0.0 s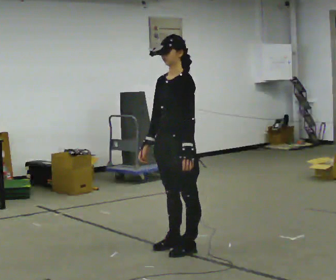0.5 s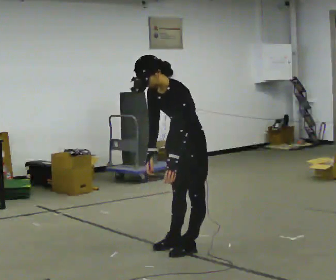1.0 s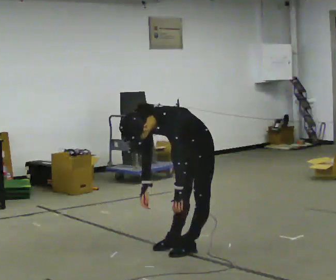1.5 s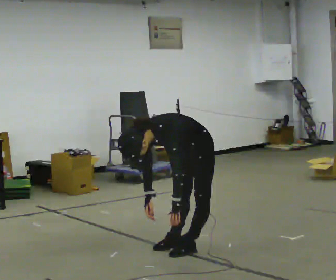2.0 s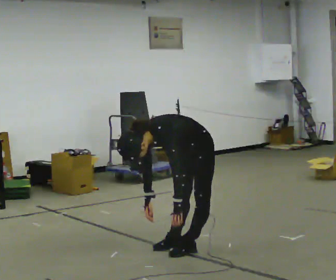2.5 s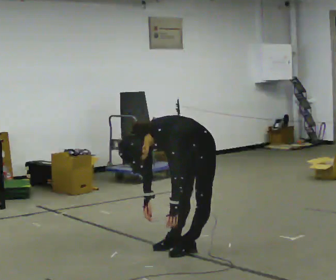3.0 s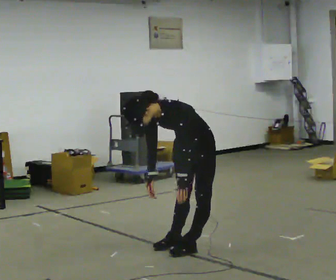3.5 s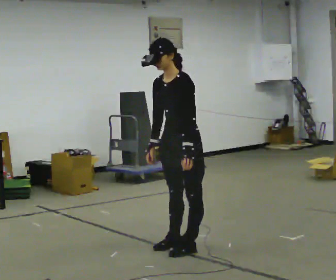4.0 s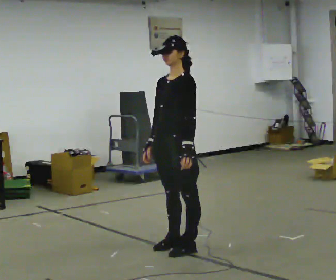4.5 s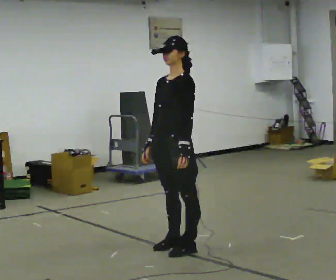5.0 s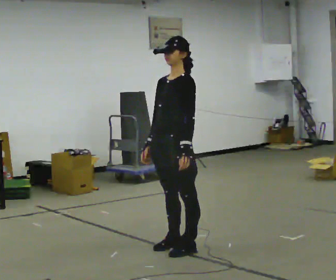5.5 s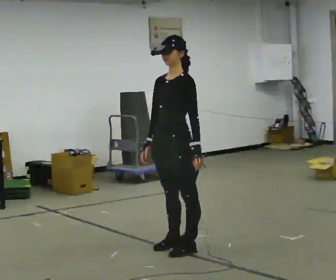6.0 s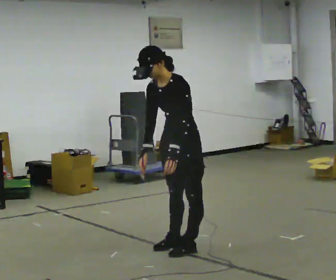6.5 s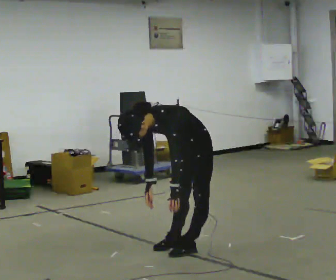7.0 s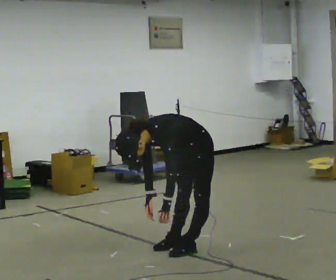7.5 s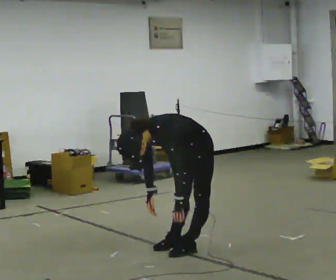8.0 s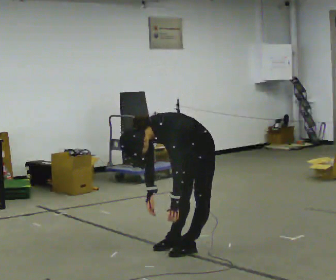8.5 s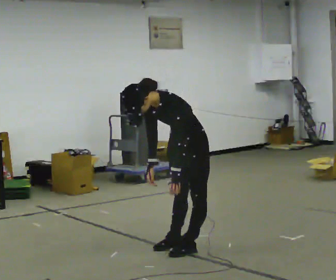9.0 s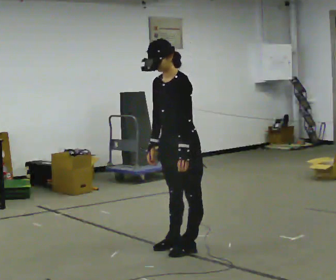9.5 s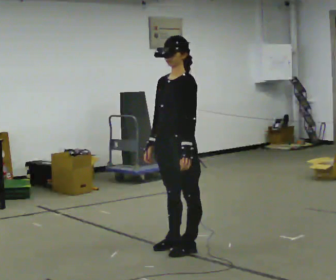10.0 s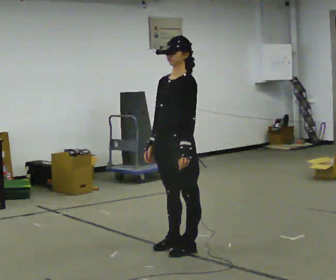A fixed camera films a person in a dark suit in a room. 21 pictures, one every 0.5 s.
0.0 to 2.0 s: The upper body goes downward. In the picture the upper body tilts counterclockwise, shoulders to the left, as they bend forward. In the picture their right hand goes downward.
2.0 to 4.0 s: The upper body goes upward. In the picture the upper body tilts clockwise, shoulders to the right, as they lean back or straighten. In the picture their left hand goes upward.
4.0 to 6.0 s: In the picture the upper body tilts counterclockwise, shoulders to the left, as they bend forward.
6.0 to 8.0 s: The shoulders move downward. In the picture the upper body tilts counterclockwise, shoulders to the left, as they bend forward. In the picture their right hand goes downward.
8.0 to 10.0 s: The shoulders move upward. In the picture the upper body tilts clockwise, shoulders to the right, as they lean back or straighten. In the picture their right hand goes upward.
The film runs backward here.
